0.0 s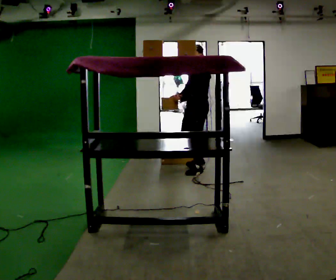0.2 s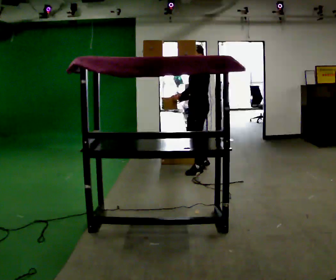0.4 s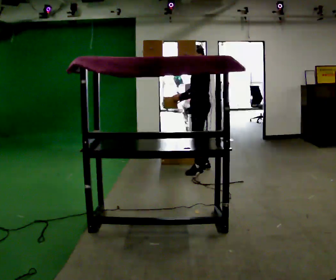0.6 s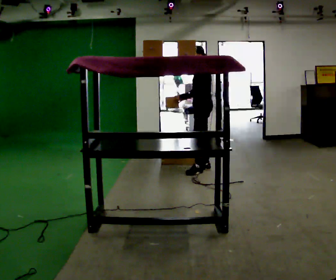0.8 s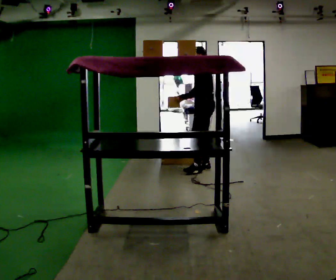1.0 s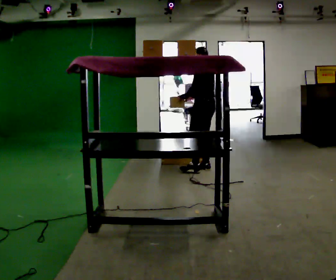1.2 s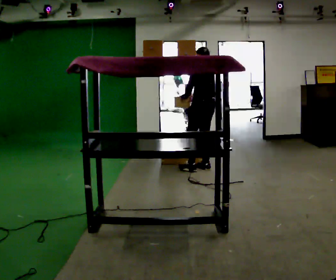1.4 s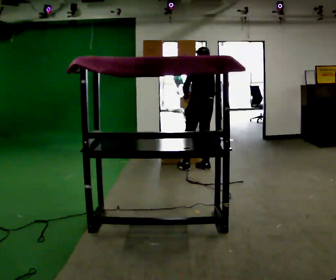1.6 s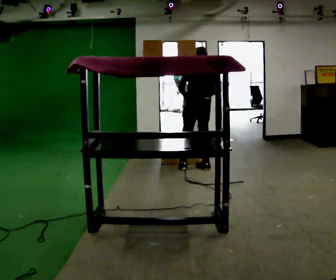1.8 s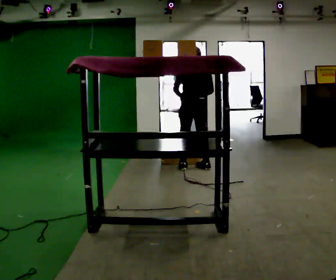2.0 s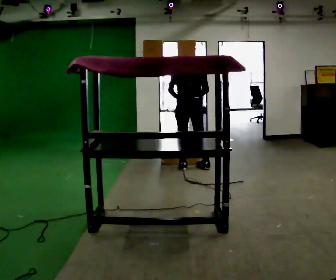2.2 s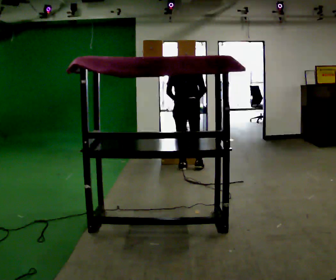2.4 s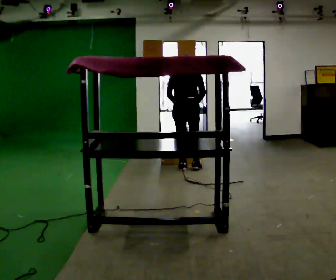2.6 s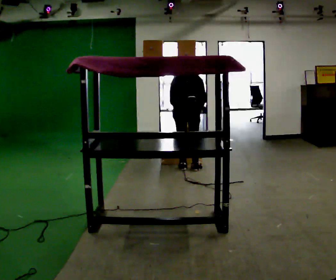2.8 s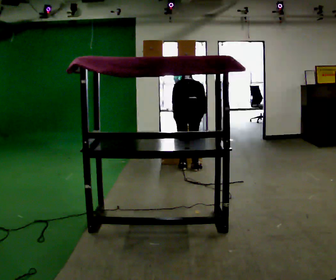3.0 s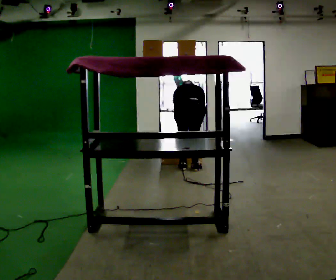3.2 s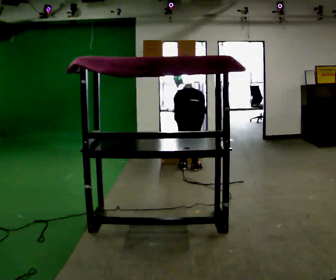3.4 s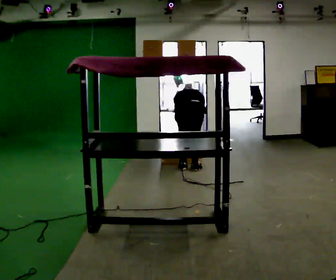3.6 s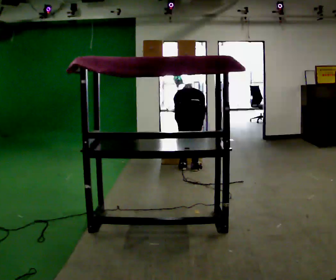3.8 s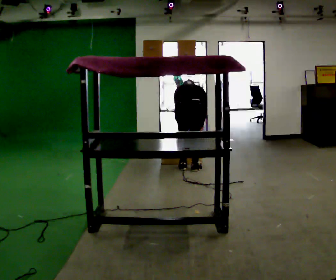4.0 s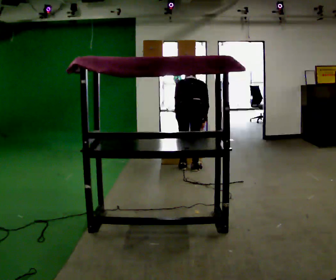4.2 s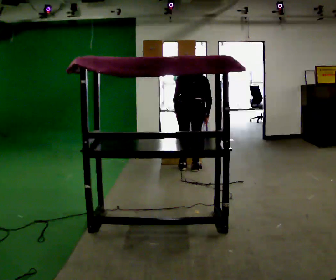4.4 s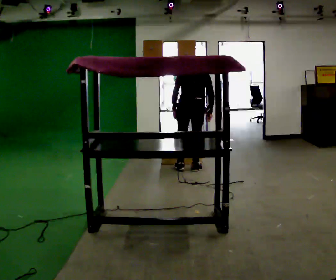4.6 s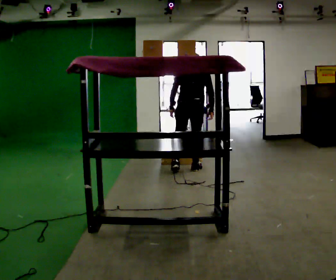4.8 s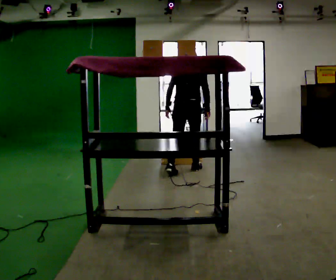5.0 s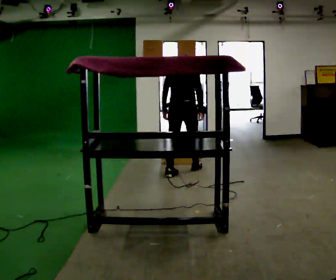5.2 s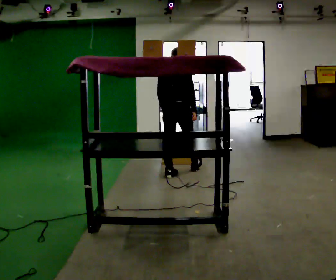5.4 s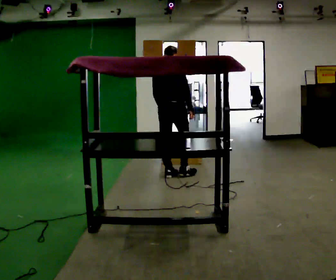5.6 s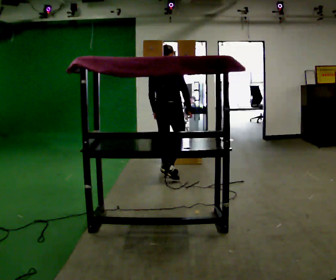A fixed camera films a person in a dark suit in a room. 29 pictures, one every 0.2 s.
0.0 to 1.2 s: The part of the body nearest the lens slides to the left as the person turns to their right by about 60 degrees. In the picture they go away from the camera, about 0.25 m in 1 step.
1.2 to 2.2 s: Seen from above the body turns clockwise, about 45 degrees: to their right, with its near side sliding to the left. In the picture they go to the left, about 0.25 m in 1 step, which for them is to their left.
2.2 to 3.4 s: The shoulders move downward. The upper body tips away from the camera, its near side rolling upward, as they bend forward. In the picture their left hand goes downward.
3.4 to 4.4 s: The upper body goes upward. The upper body tips toward the camera, its near side rolling downward, as they lean back or straighten. In the picture their left hand goes upward.
4.4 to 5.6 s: Seen from above the body turns clockwise, about 30 degrees: to their right, with its near side sliding to the left. In the picture they go toward the camera and to the left, about 0.5 m in 1 step, which for them is backward and to their left. The upper body tips toward the camera, its near side rolling downward, as they lean back or straighten.
The film runs backward here.
